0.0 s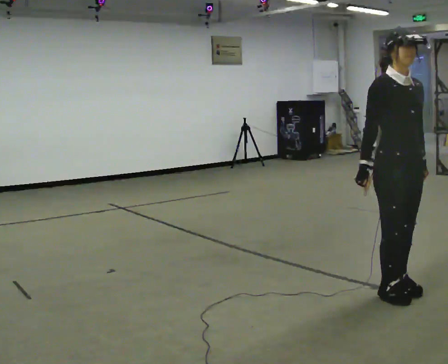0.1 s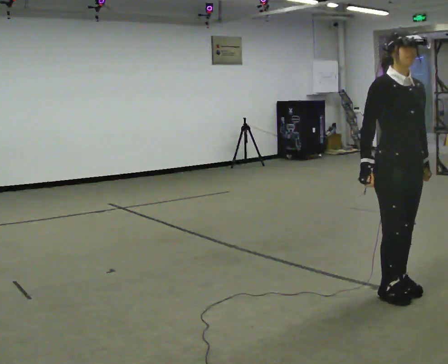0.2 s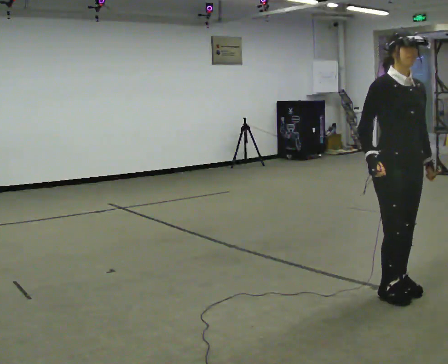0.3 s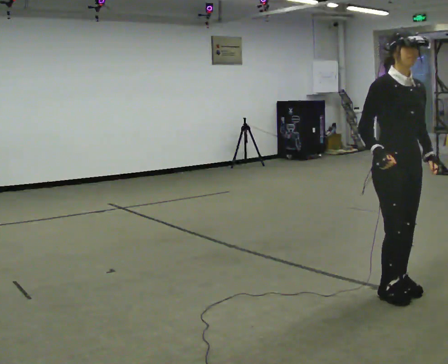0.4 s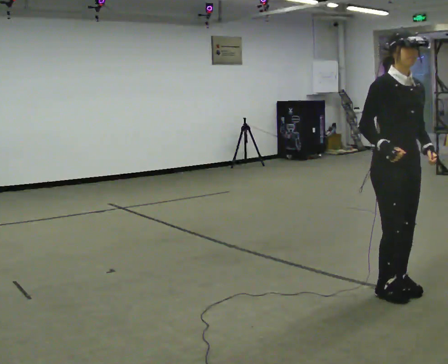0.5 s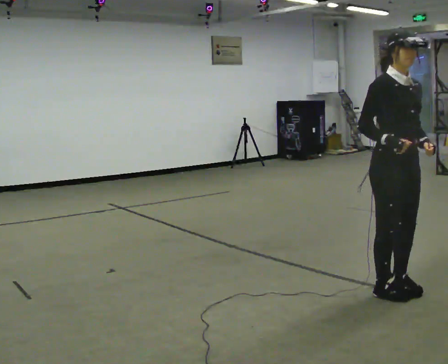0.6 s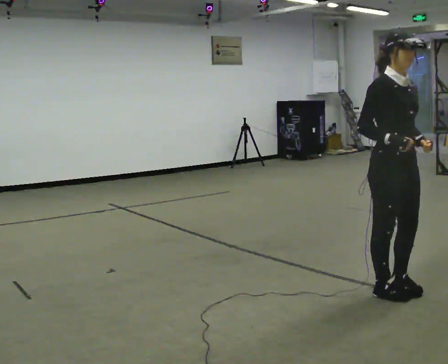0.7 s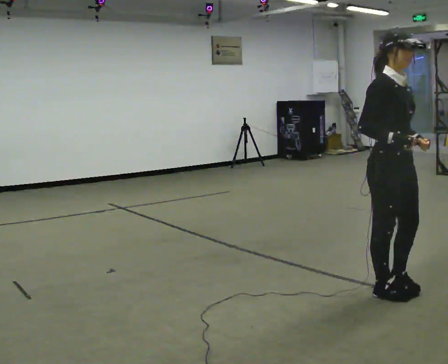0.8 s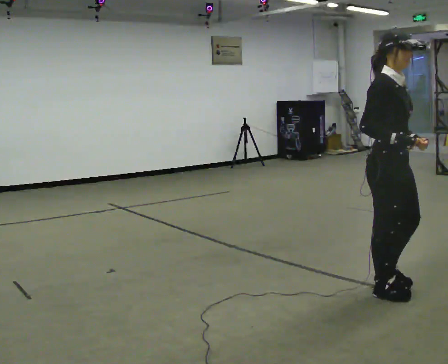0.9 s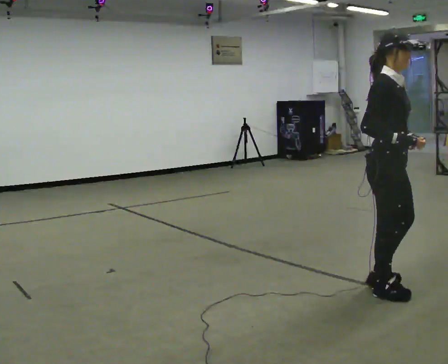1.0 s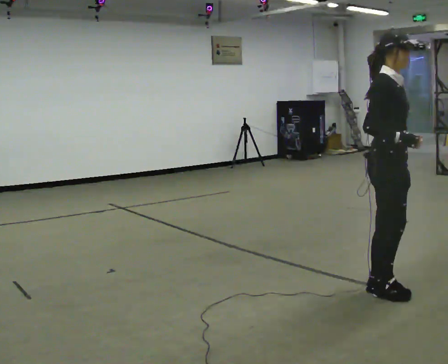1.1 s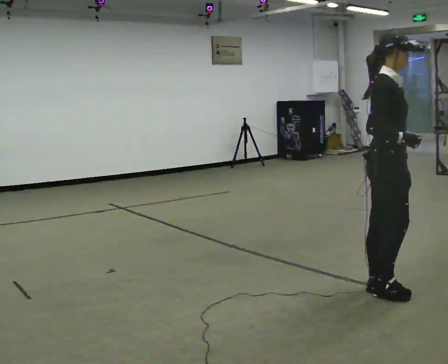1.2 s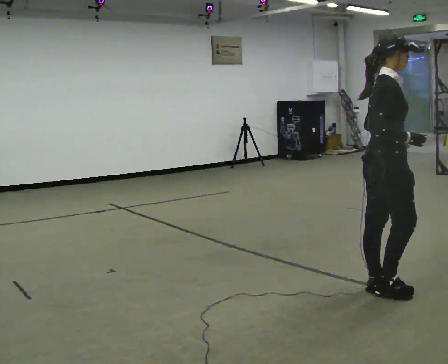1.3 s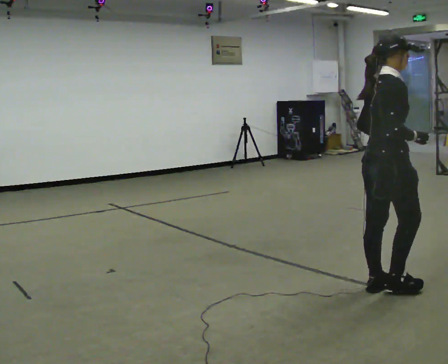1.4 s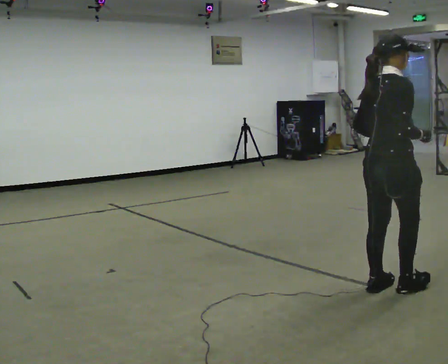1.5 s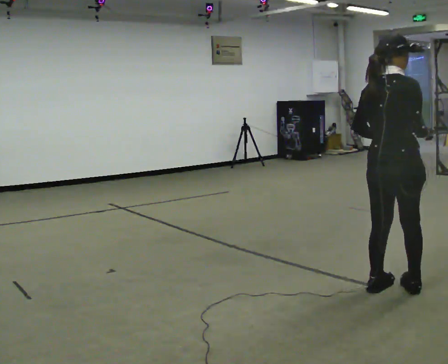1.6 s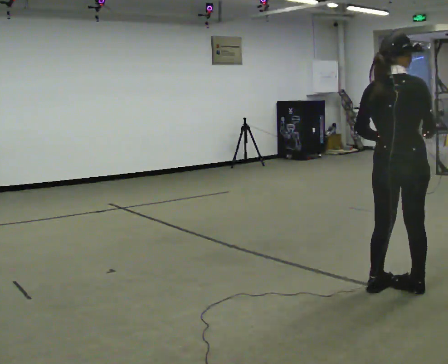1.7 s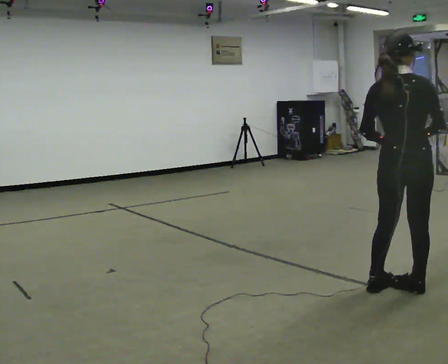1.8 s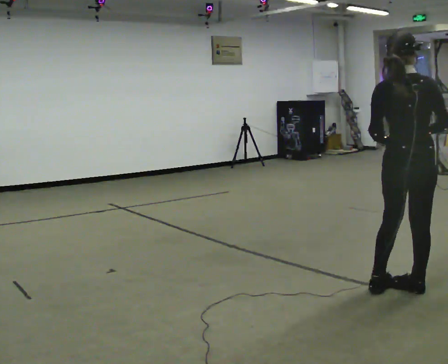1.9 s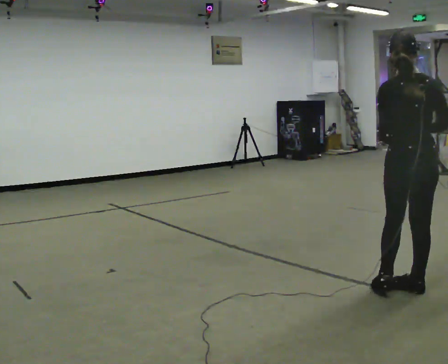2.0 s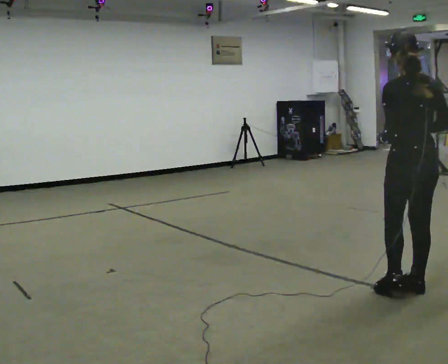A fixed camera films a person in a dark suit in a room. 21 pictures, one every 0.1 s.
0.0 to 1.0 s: The person turns about 45 degrees to their left, counterclockwise seen from above, so the part of the body nearest the lens slides to the right.
1.0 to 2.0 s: Seen from above the body turns counterclockwise, about 120 degrees: to their left, with its near side sliding to the right. In the picture they go to the right, about 0.25 m in 2 steps.
The film runs backward here.
